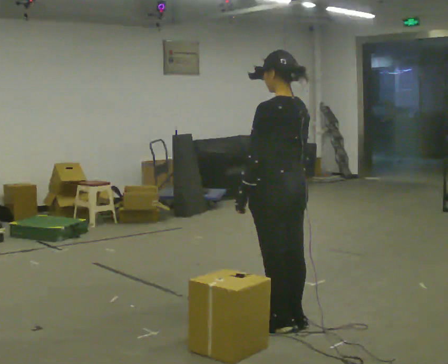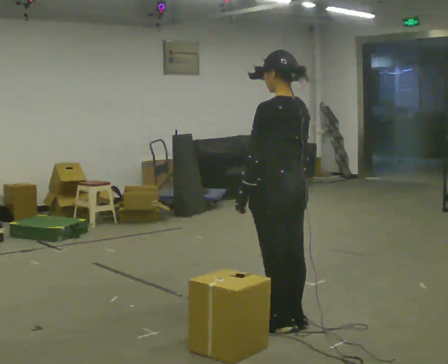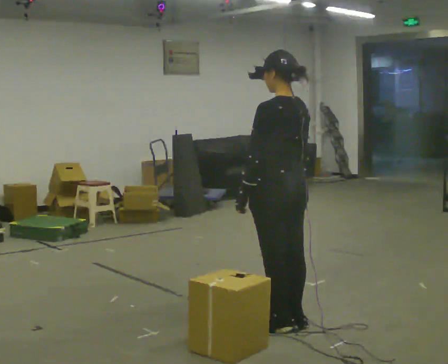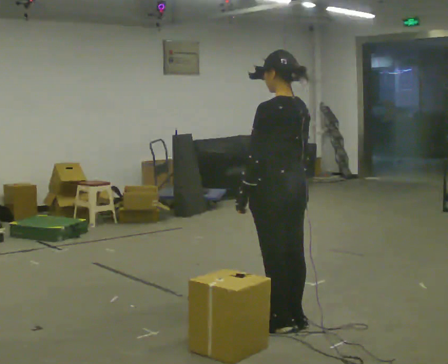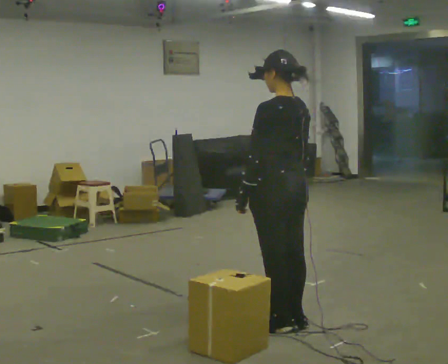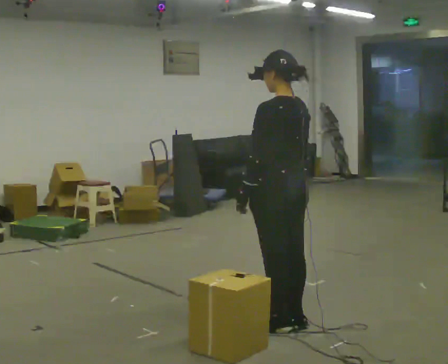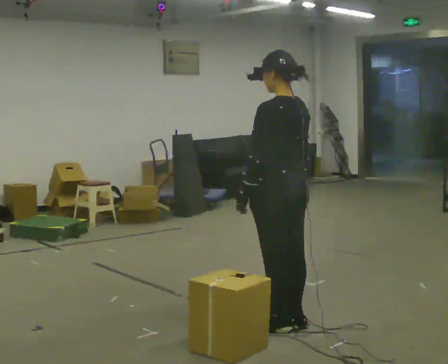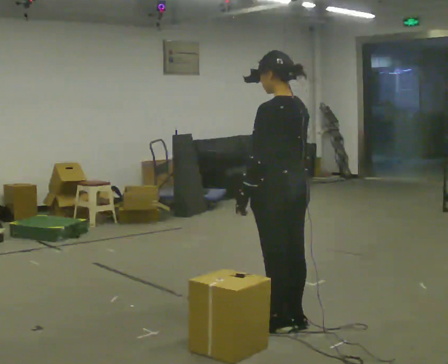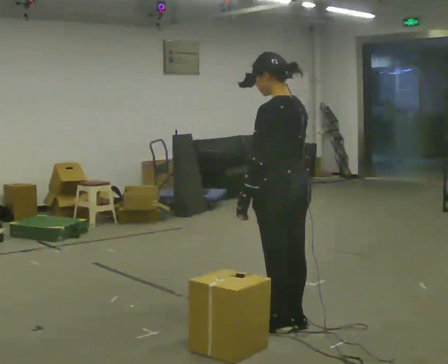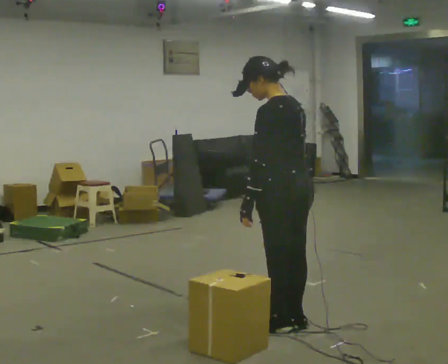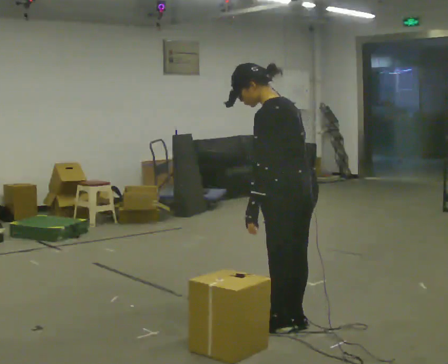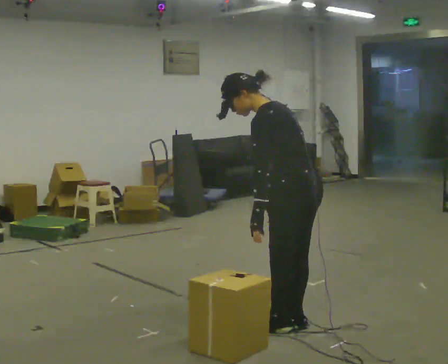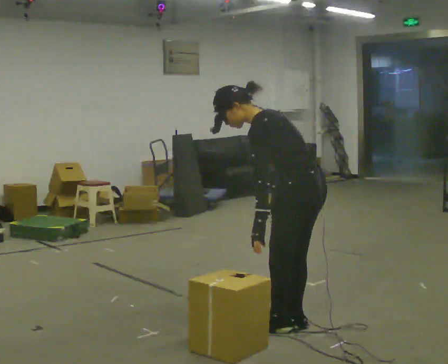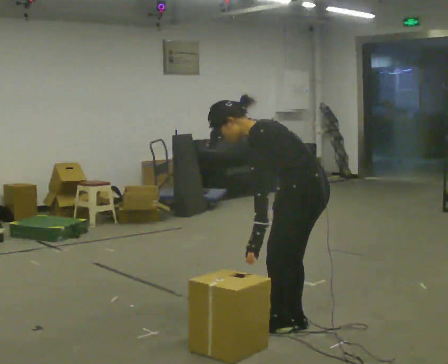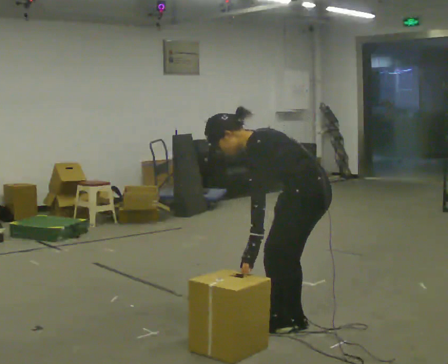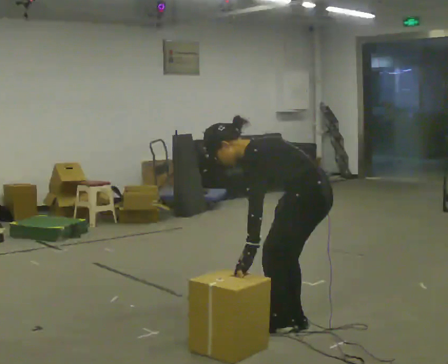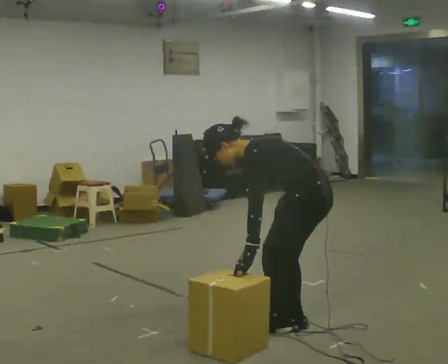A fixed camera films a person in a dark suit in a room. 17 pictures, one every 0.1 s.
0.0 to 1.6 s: The upper body goes downward. In the picture the upper body tilts counterclockwise, shoulders to the left, as they bend forward.
The film runs forward here.
